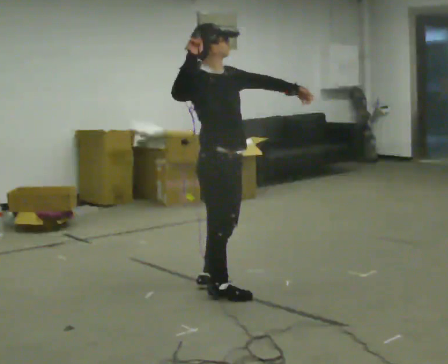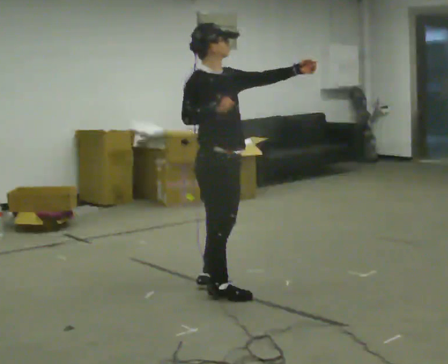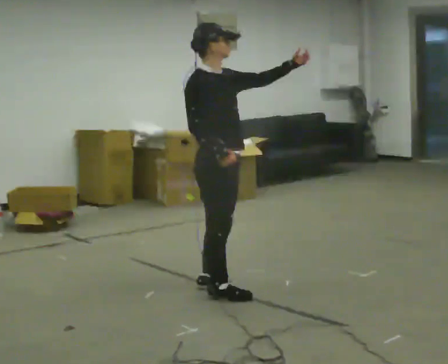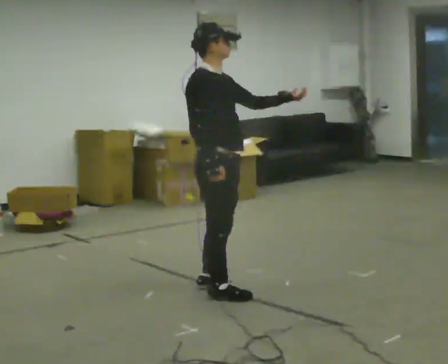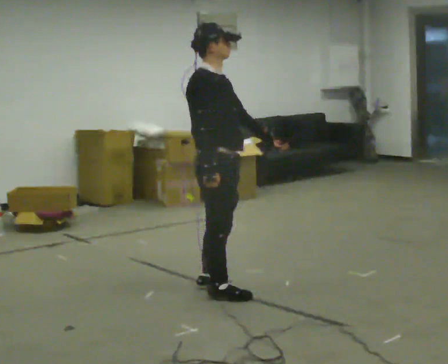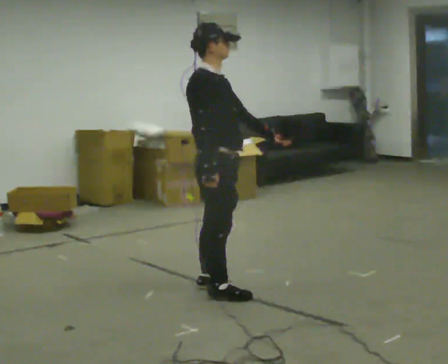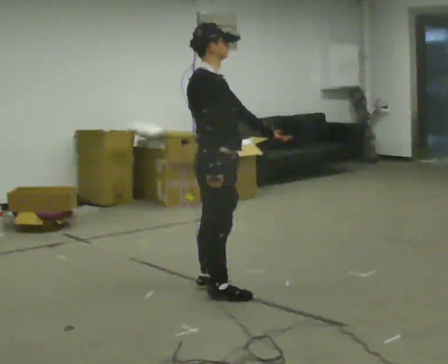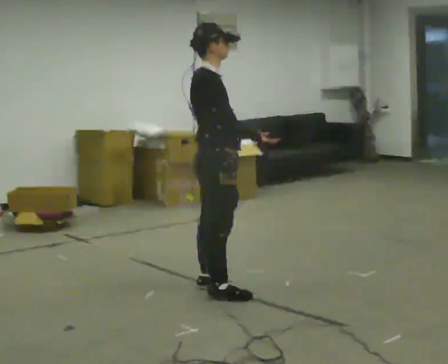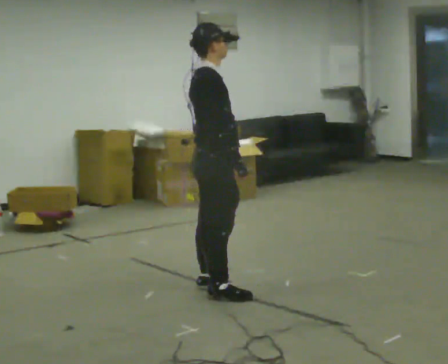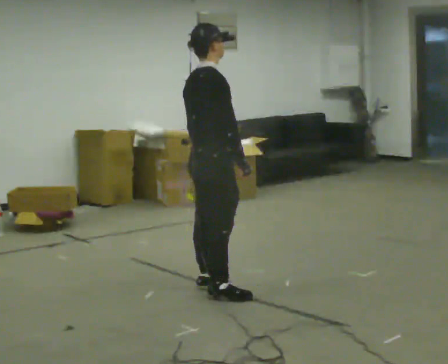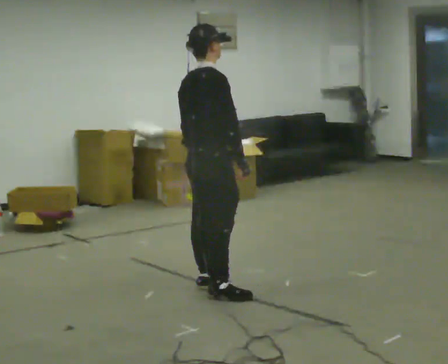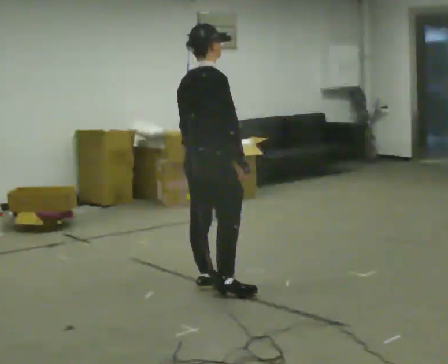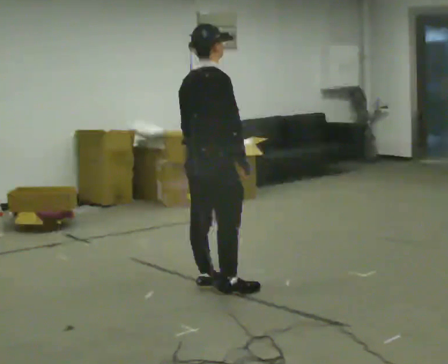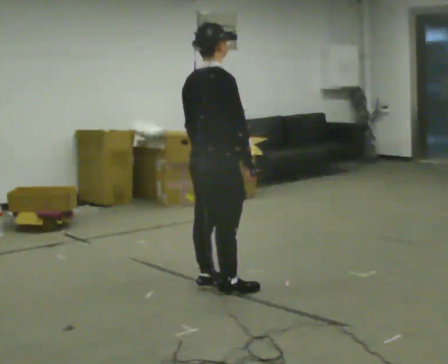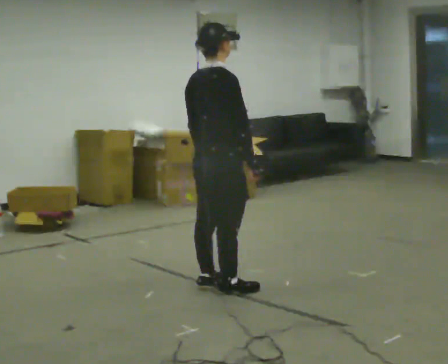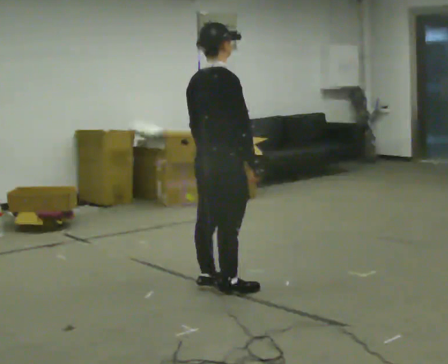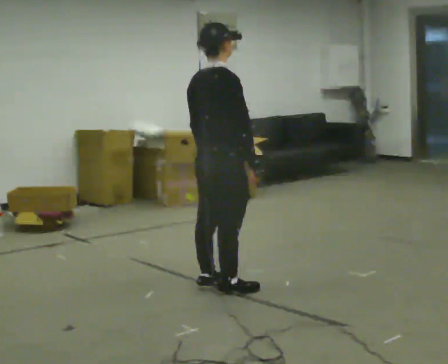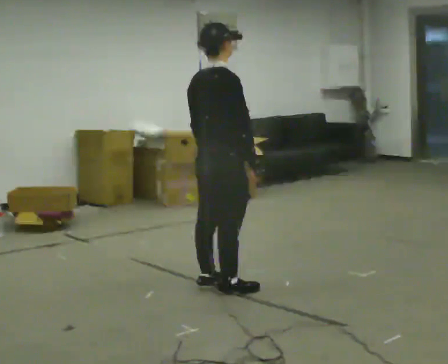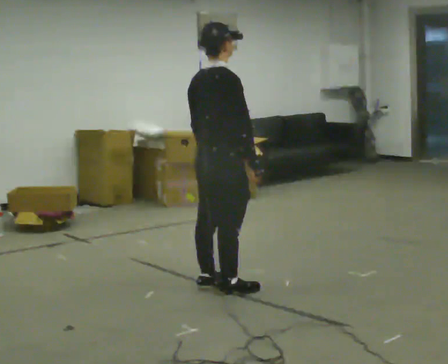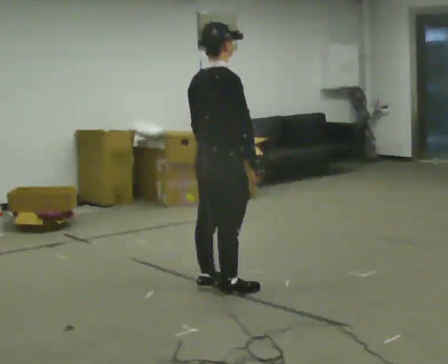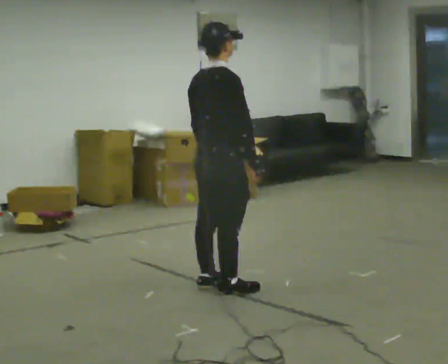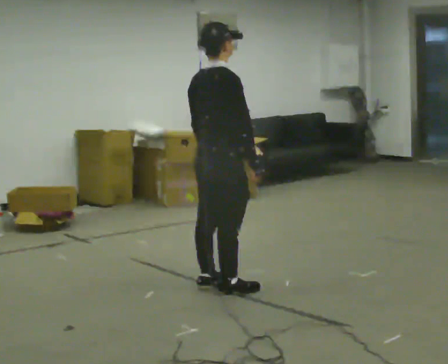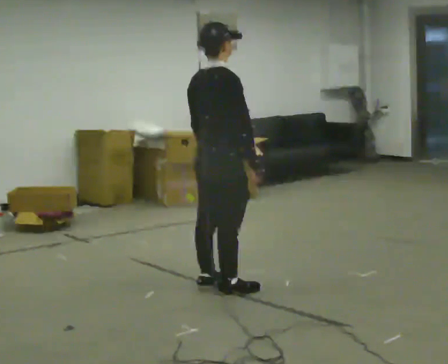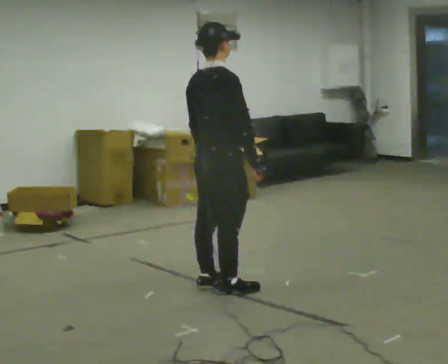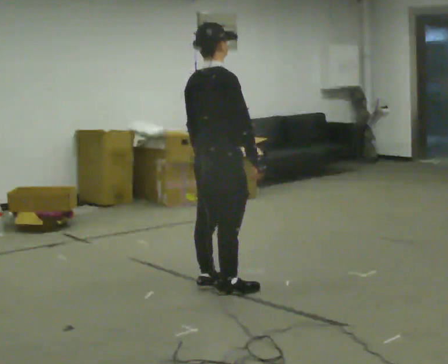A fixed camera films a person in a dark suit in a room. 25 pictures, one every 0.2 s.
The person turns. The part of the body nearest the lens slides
to the right.
The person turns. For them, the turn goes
to their left.
0.0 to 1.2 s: In the picture their right hand goes downward.
1.2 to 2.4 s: Seen from above the body turns counterclockwise, about 45 degrees: to their left, with its near side sliding to the right. In the picture their left hand goes to the left, the arm swinging clockwise.
2.4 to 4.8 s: The person moves a little, or ends about where they began.
The film runs backward here.
